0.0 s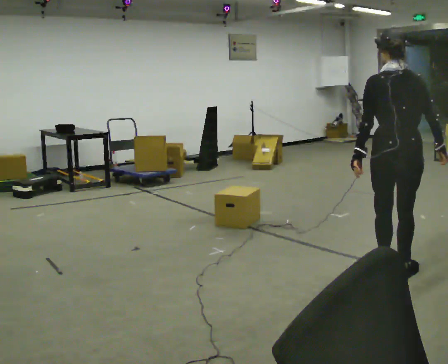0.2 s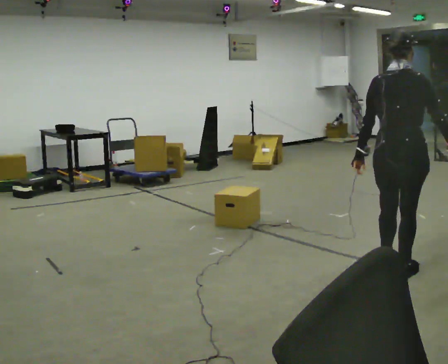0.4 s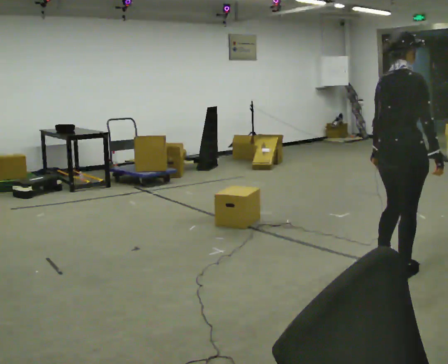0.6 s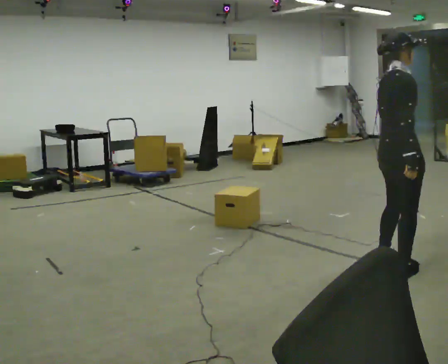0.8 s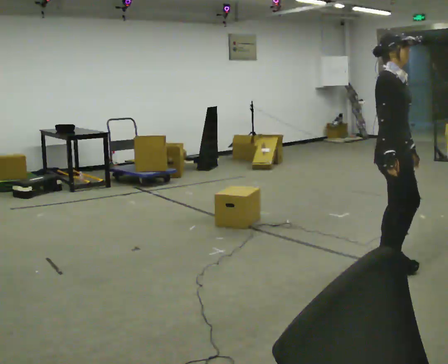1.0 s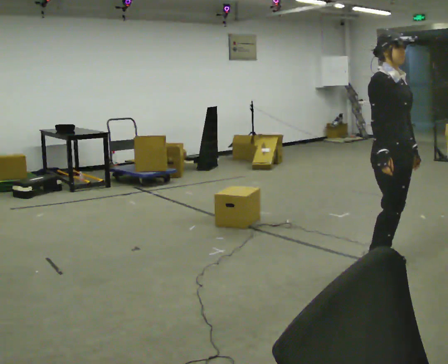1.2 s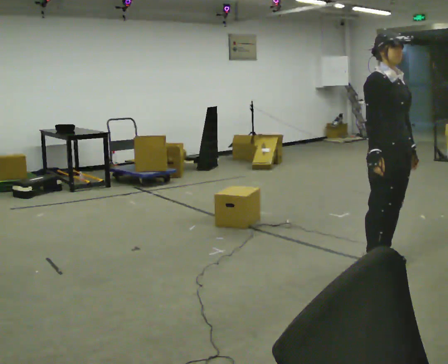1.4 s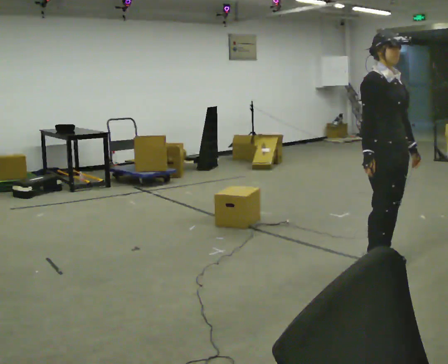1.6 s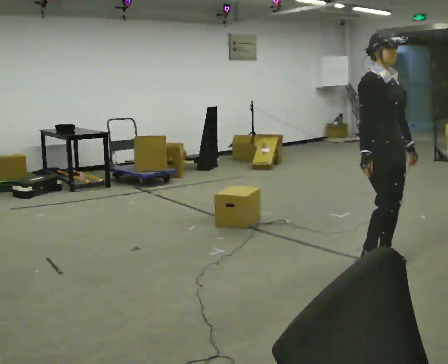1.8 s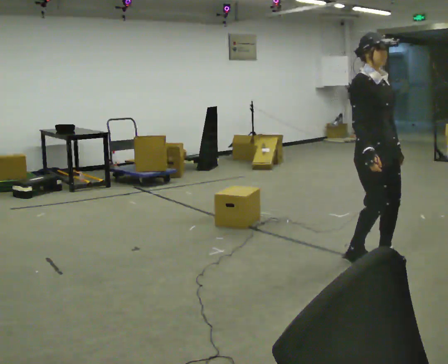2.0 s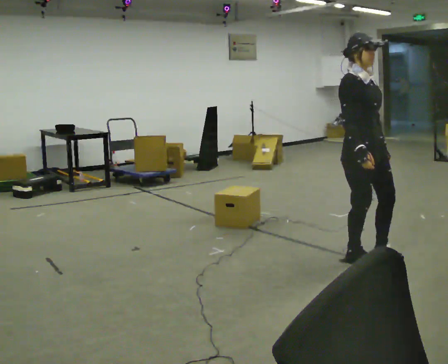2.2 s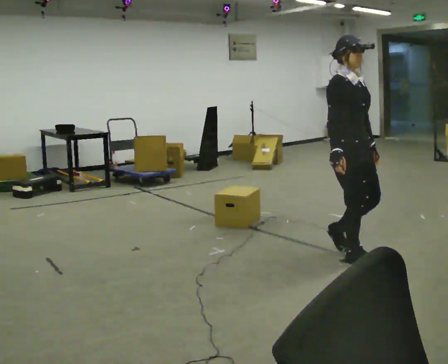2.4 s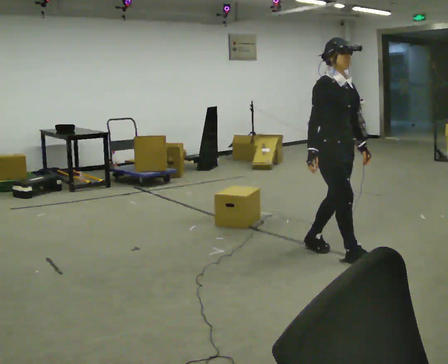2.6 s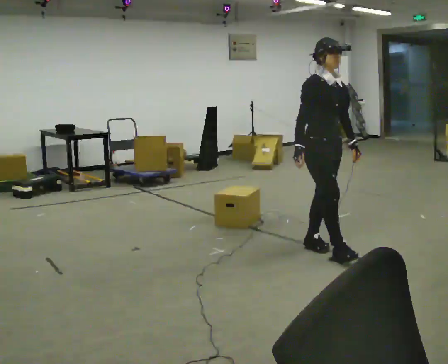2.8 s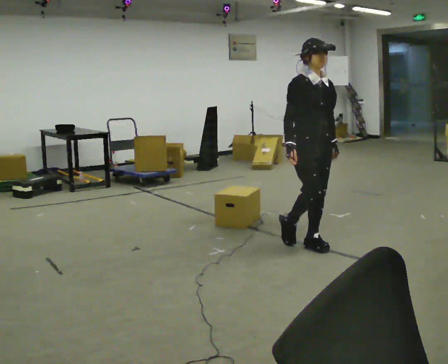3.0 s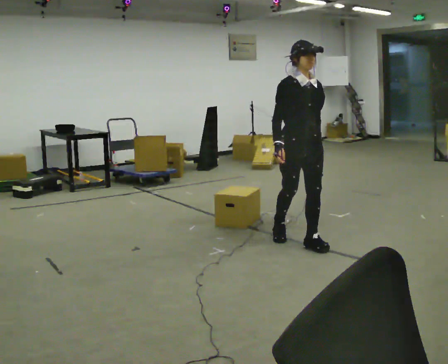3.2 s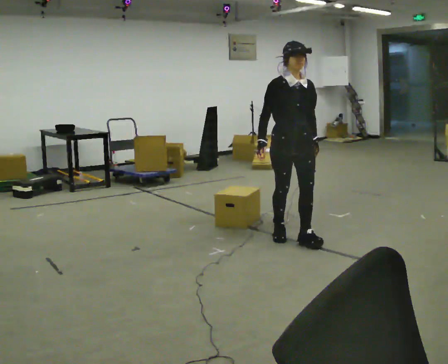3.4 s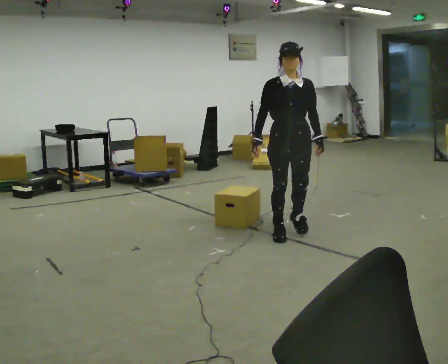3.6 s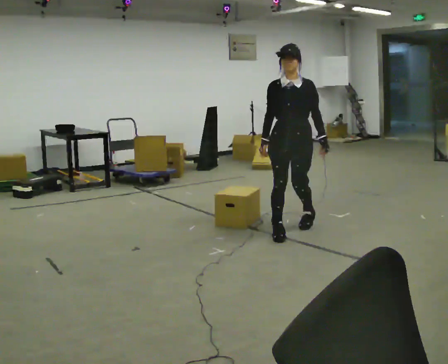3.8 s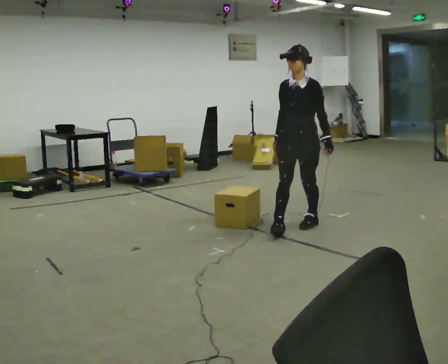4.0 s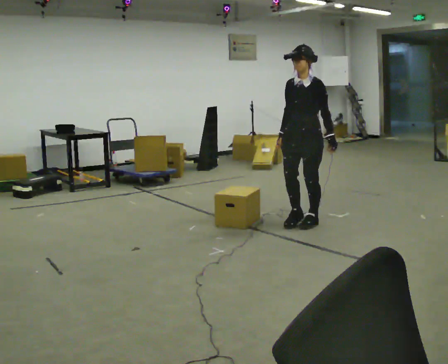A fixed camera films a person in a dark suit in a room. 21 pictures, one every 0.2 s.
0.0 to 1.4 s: The person turns about 150 degrees to their right, clockwise seen from above, so the part of the body nearest the lens slides to the left. In the picture their left hand goes to the right, the arm swinging counterclockwise.
1.4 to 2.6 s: In the picture they go to the left and away from the camera, about 0.5 m in 3 steps, which for them is backward.
2.6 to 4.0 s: The person turns about 90 degrees to their right, clockwise seen from above, so the part of the body nearest the lens slides to the left. In the picture they go away from the camera, about 1 m in 2 steps.
The film runs backward here.
